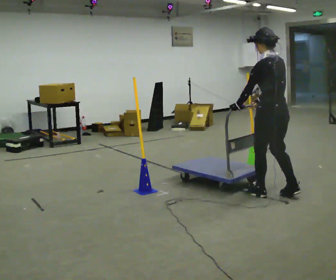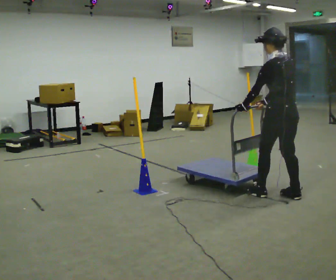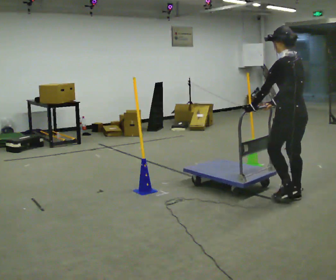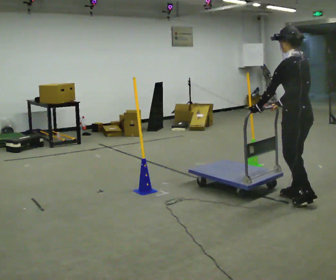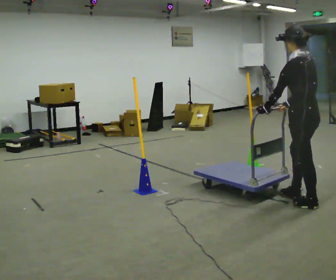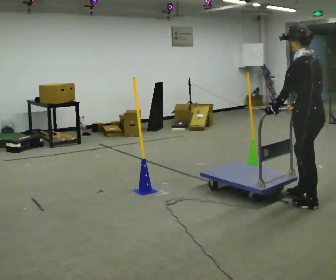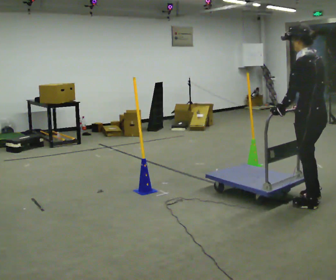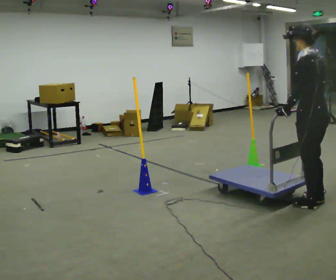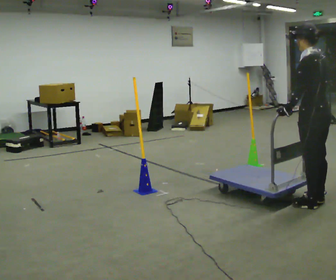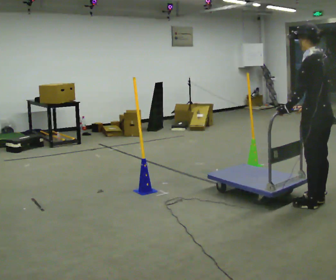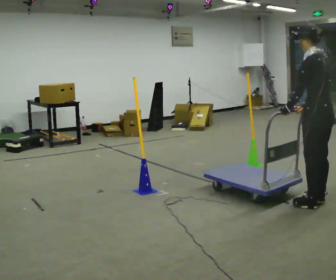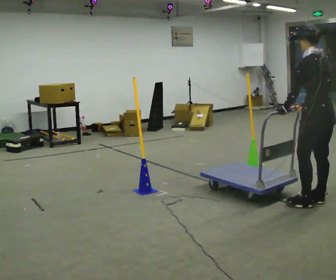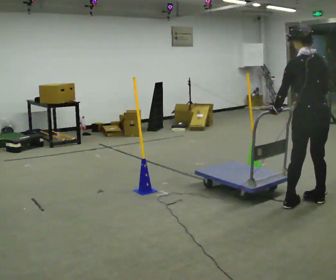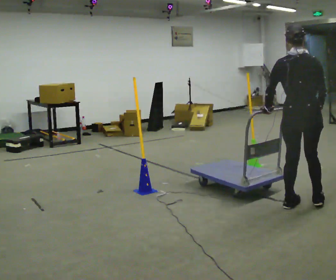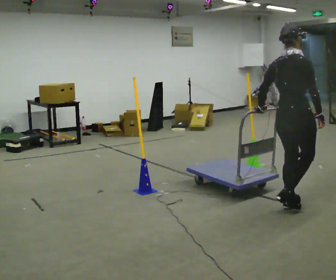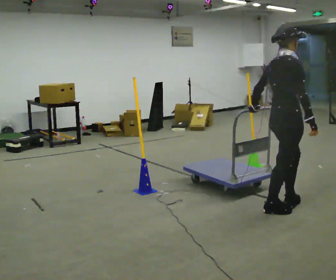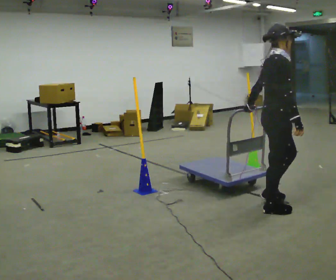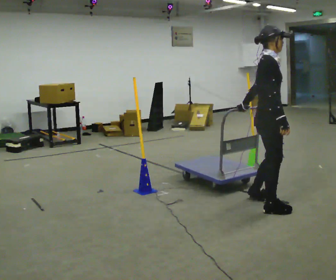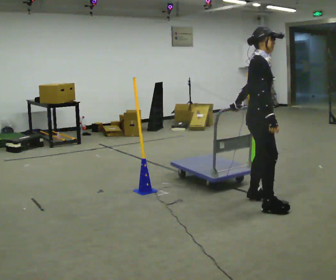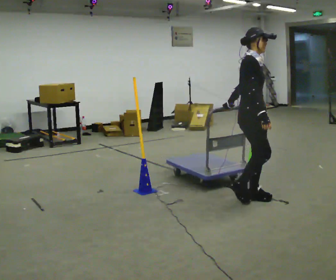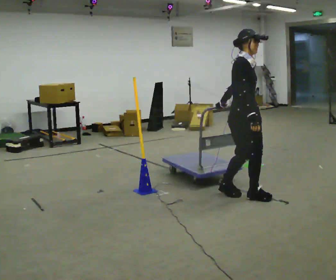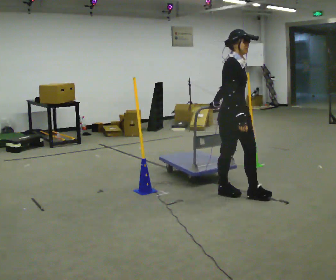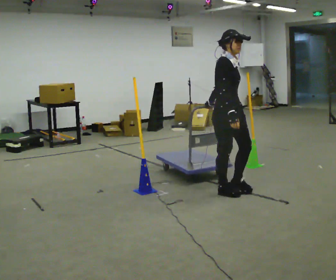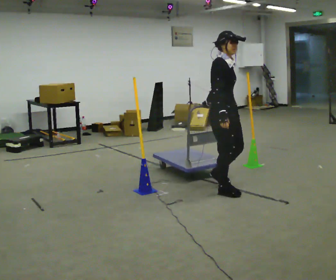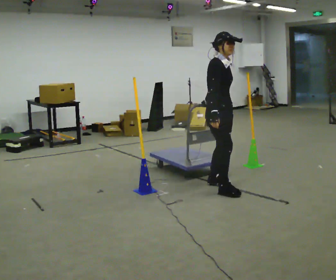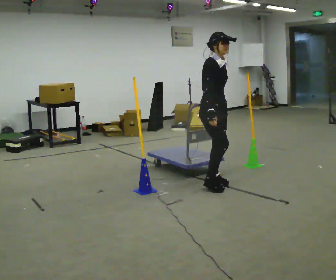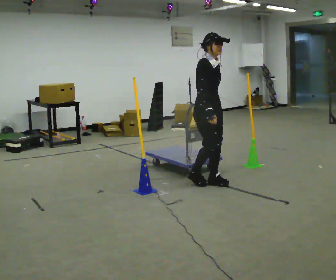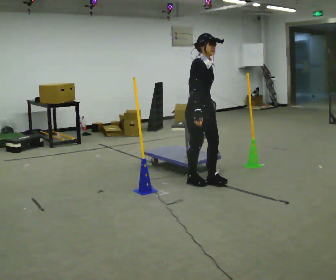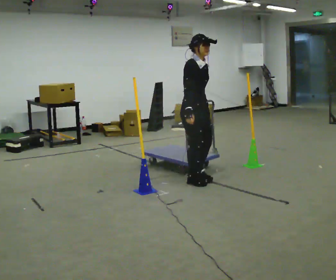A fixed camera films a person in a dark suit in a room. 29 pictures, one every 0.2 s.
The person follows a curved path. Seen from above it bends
clockwise.
The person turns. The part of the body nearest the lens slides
to the left.
0.0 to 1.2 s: In the picture they go to the right and toward the camera, about 0.5 m in 2 steps, which for them is backward.
1.2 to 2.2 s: The person moves a little, or ends about where they began.
2.2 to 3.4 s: The part of the body nearest the lens slides to the left as the person turns to their right by about 135 degrees. In the picture they go to the left, about 0.5 m in 2 steps.
3.4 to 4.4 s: In the picture they go to the left and away from the camera, about 0.5 m in 2 steps, which for them is backward and to their left.
4.4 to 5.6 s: In the picture they go to the left and away from the camera, about 0.5 m in 2 steps, which for them is backward and to their left.
The film runs backward here.
